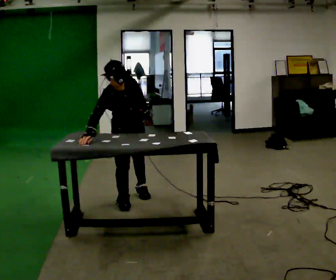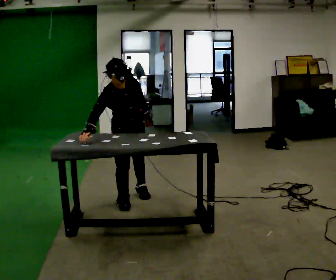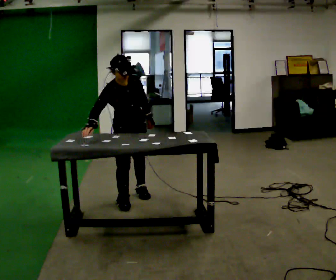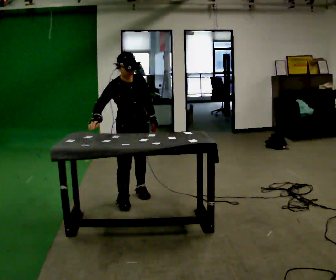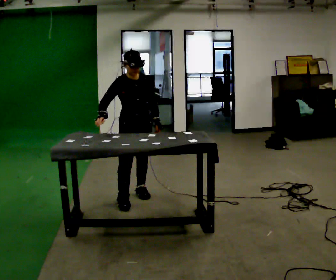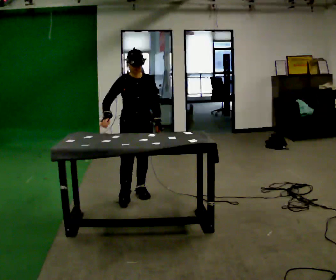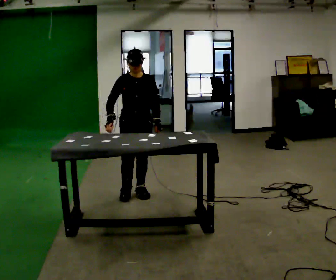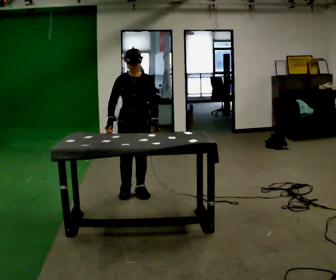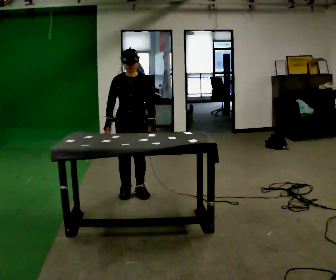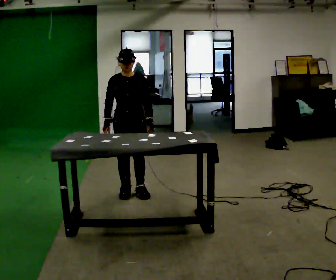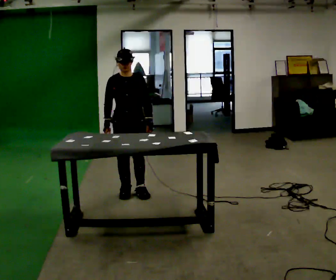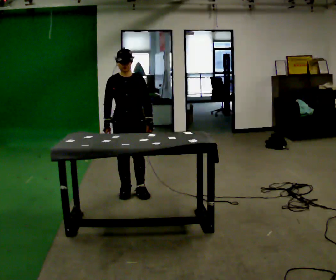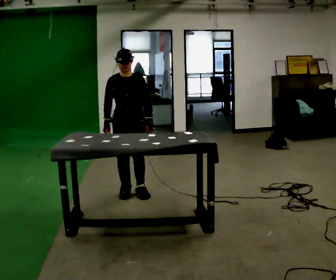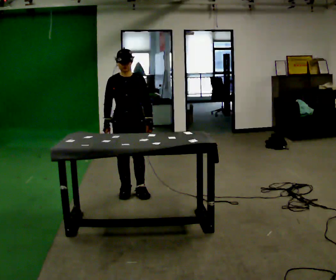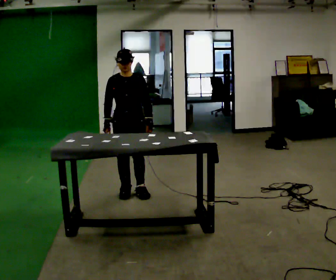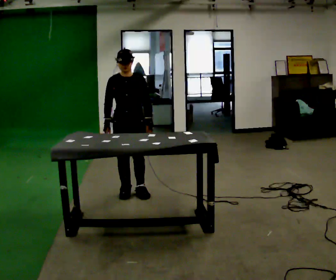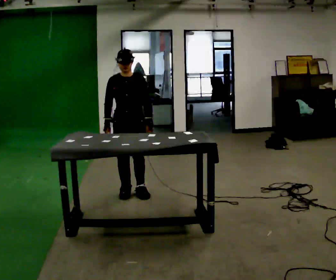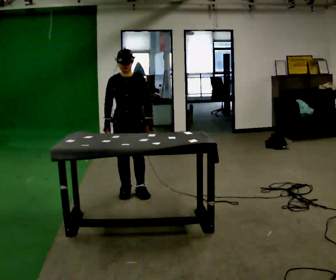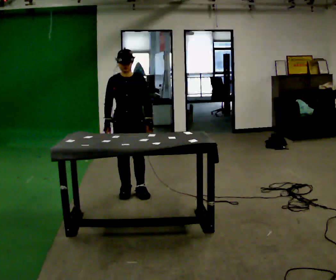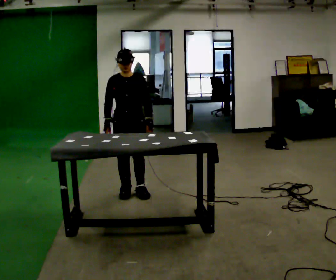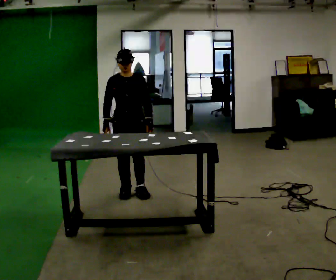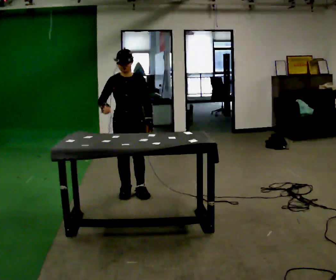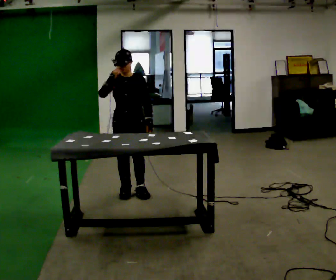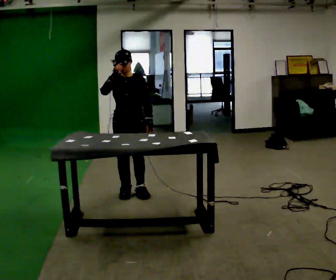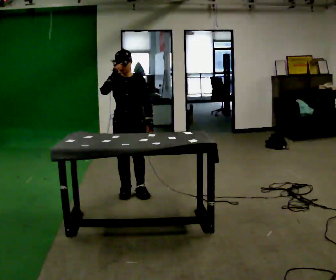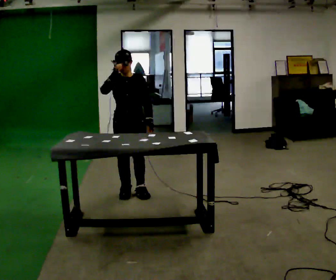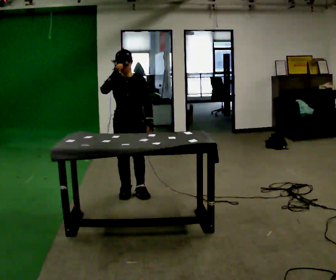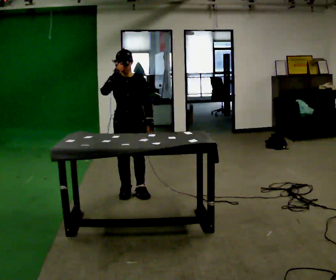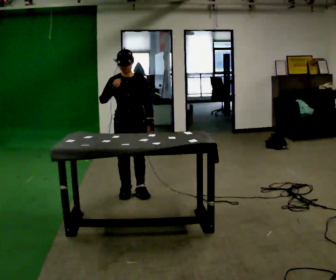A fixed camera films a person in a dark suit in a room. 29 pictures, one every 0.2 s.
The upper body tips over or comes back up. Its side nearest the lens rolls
upward.
0.0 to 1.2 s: The part of the body nearest the lens slides to the left as the person turns to their right by about 30 degrees. In the picture they go away from the camera, about 0.25 m, which for them is to their left. The upper body tips away from the camera, its near side rolling upward, as they lean back or straighten.
1.2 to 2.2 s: The person moves a little, or ends about where they began.
2.2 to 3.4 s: The person keeps their place and pose.
3.4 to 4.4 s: In the picture their right hand goes upward.
4.4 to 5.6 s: The person moves a little, or ends about where they began.
The film runs forward here.
